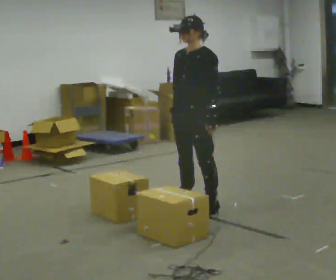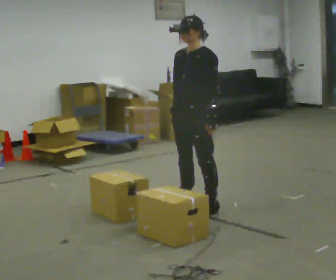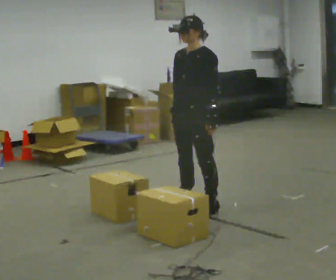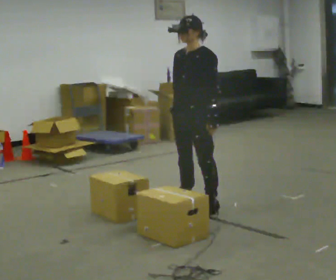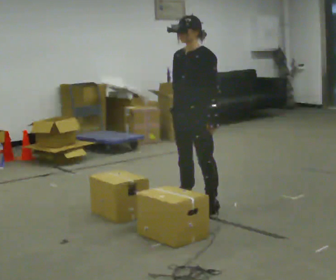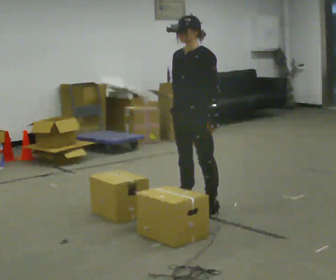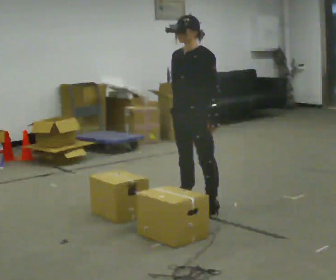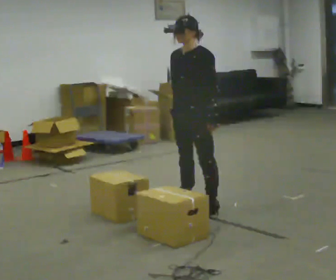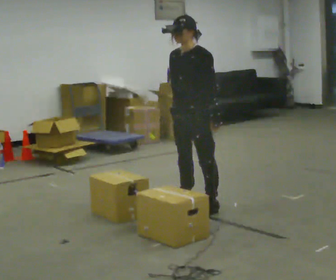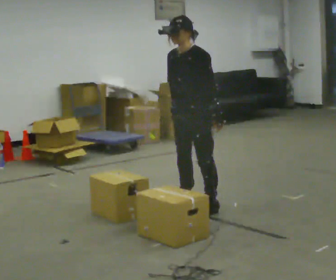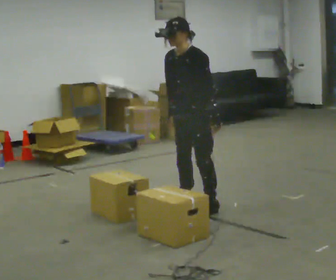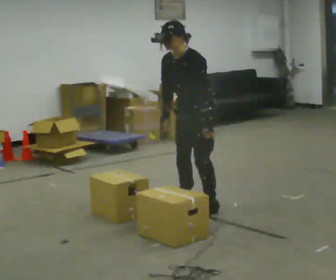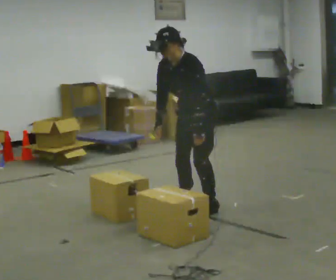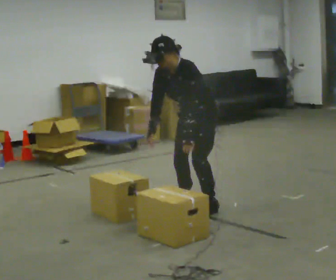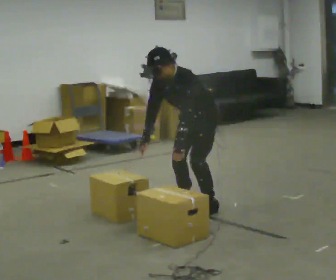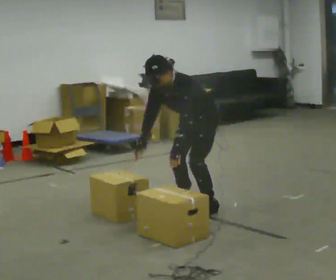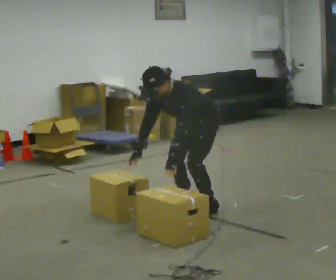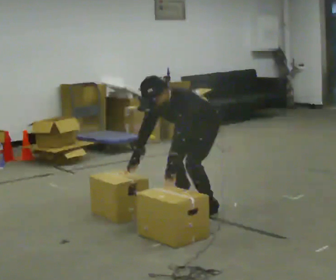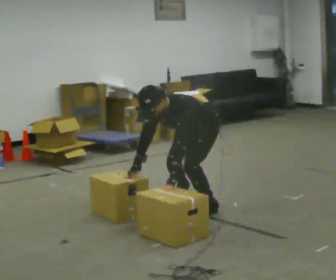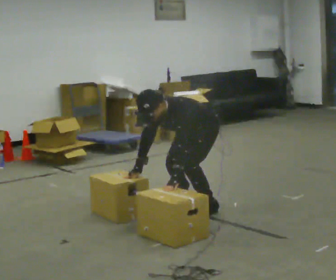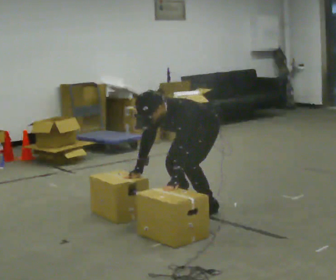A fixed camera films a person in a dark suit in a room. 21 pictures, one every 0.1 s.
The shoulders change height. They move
downward.
0.0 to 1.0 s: In the picture the upper body tilts counterclockwise, shoulders to the left, as they bend forward.
1.0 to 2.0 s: The upper body goes downward. In the picture the upper body tilts counterclockwise, shoulders to the left, as they bend forward. In the picture their left hand goes downward and to the left.
The film runs backward here.
